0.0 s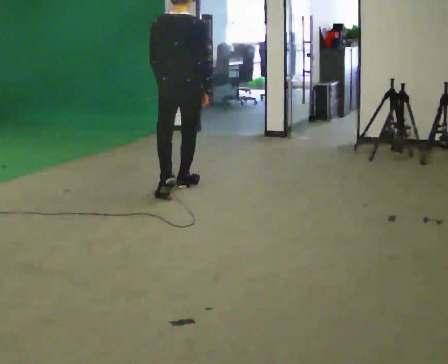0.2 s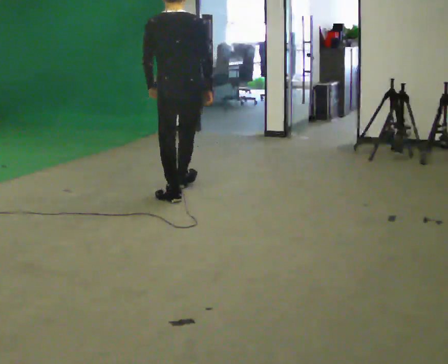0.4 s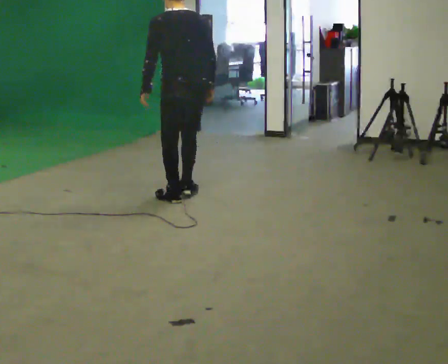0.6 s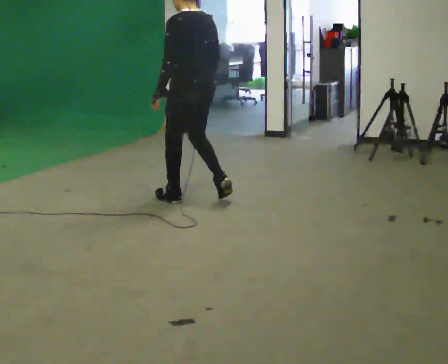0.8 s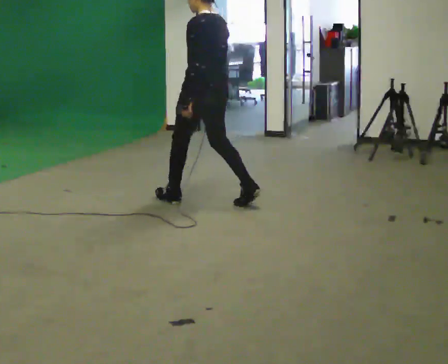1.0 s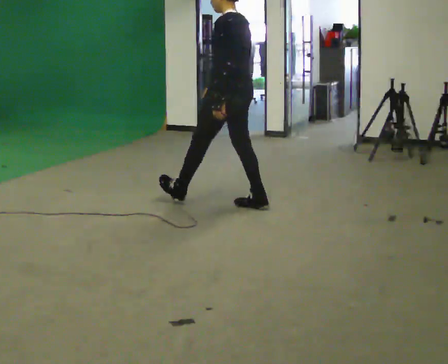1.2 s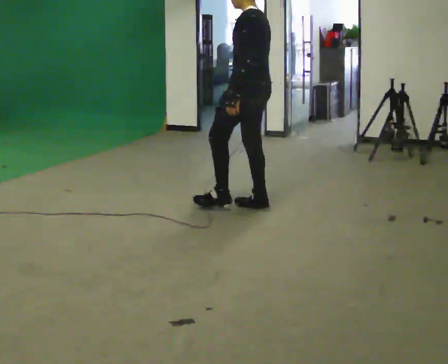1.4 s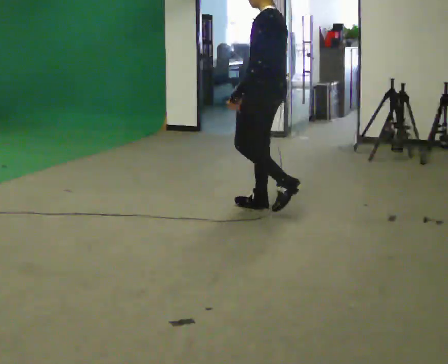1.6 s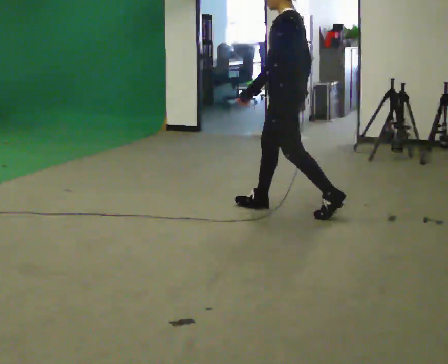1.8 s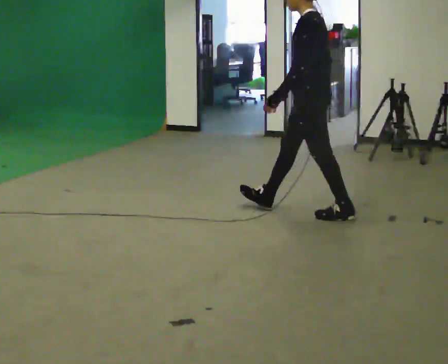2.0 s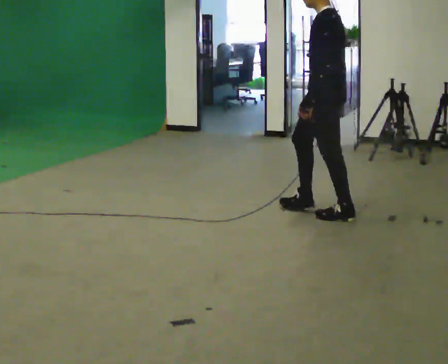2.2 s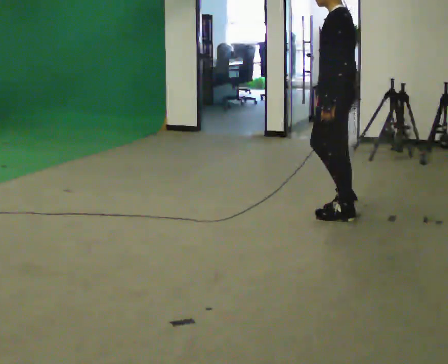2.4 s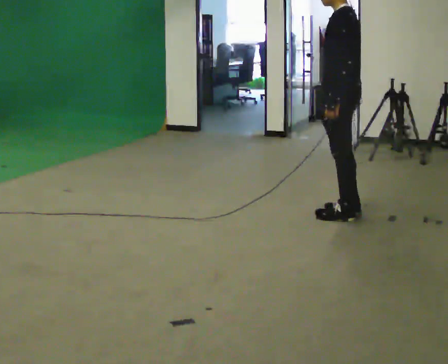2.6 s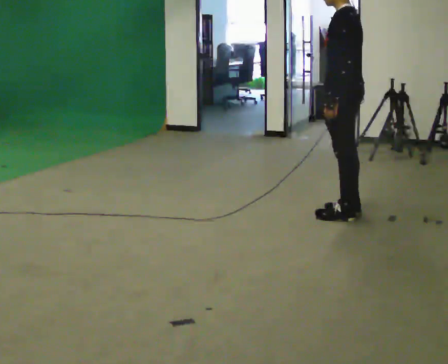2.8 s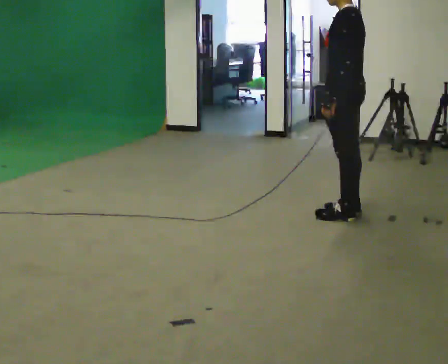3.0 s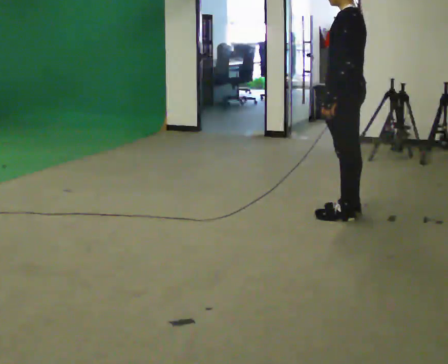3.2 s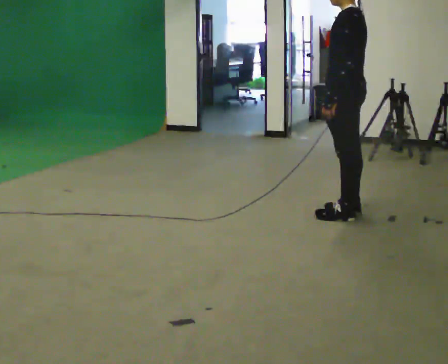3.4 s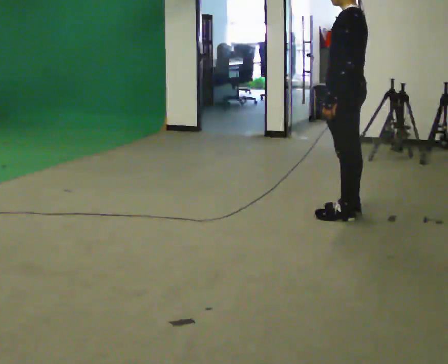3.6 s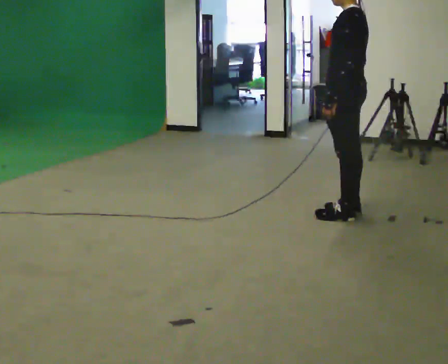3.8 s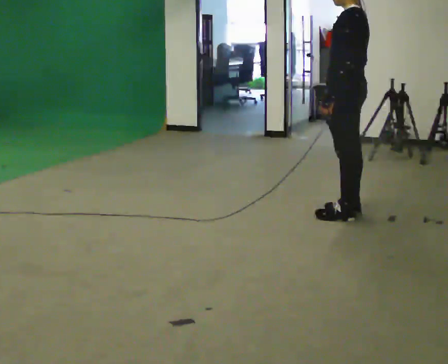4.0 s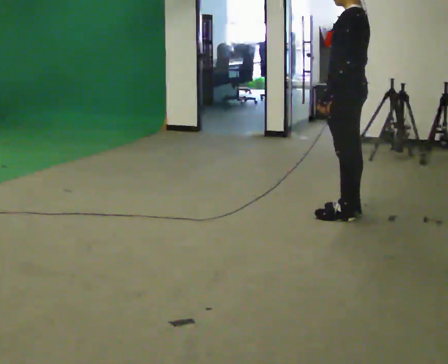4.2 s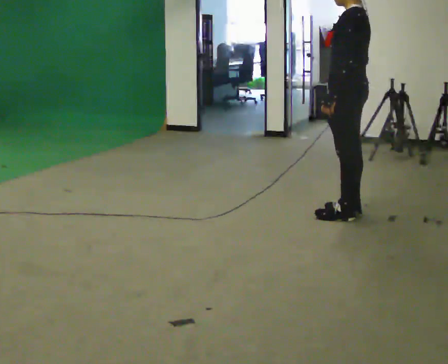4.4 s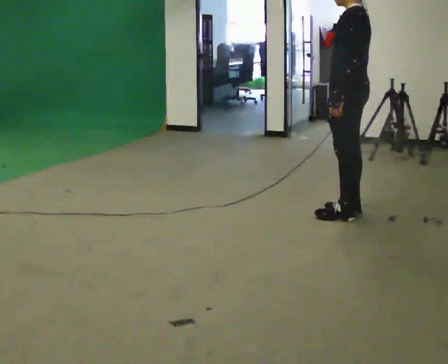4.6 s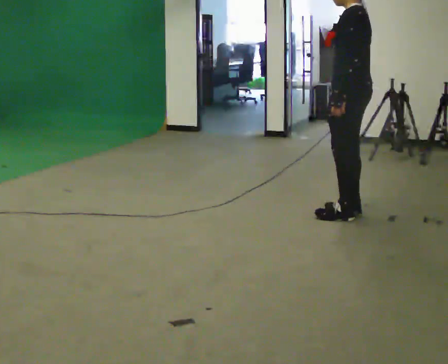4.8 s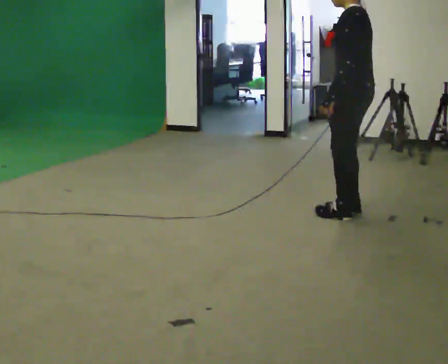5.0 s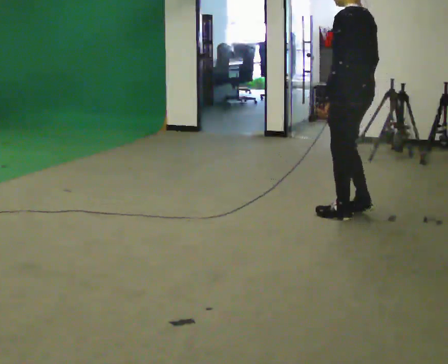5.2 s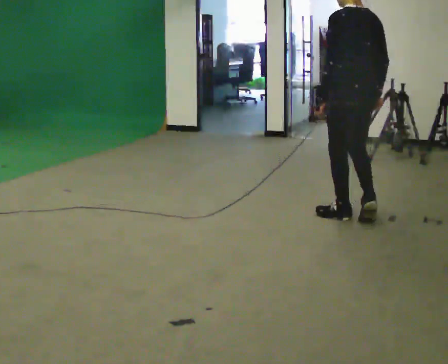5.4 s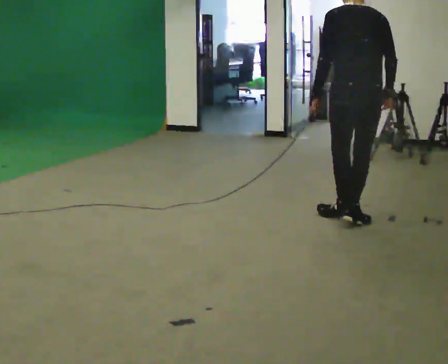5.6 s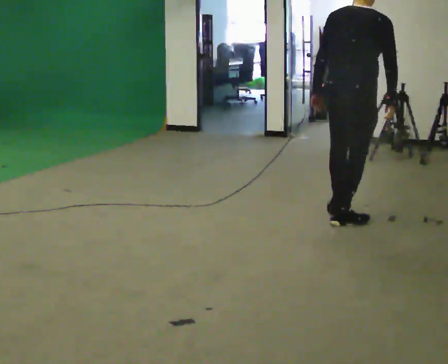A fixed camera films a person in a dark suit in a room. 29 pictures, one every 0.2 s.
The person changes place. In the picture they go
to the right.
0.0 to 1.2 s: The part of the body nearest the lens slides to the right as the person turns to their left by about 75 degrees. In the picture they go to the right and toward the camera, about 0.5 m in 2 steps.
1.2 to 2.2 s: In the picture they go to the right, about 0.75 m in 1 step, which for them is backward.
2.2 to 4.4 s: The person moves a little, or ends about where they began.
4.4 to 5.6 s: The part of the body nearest the lens slides to the left as the person turns to their right by about 105 degrees. In the picture they go toward the camera, about 0.25 m in 1 step.
The film runs backward here.
